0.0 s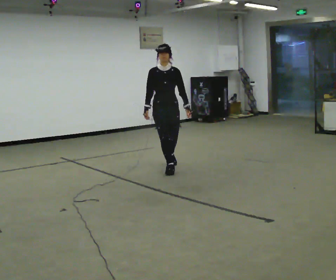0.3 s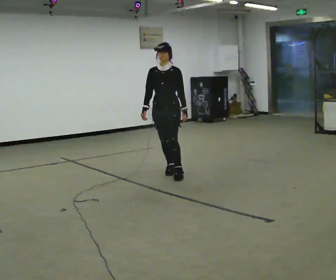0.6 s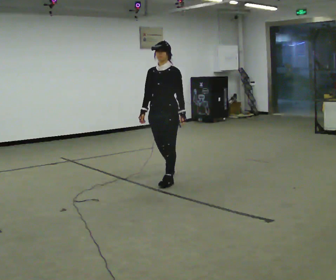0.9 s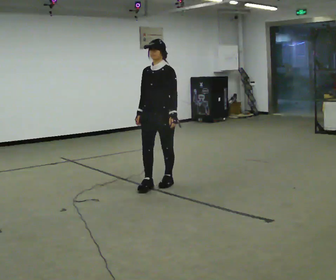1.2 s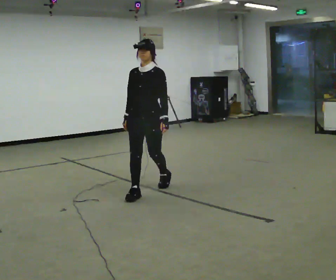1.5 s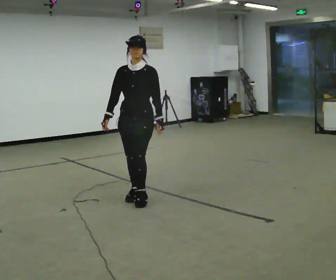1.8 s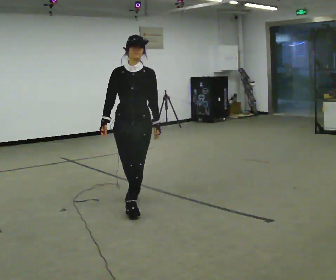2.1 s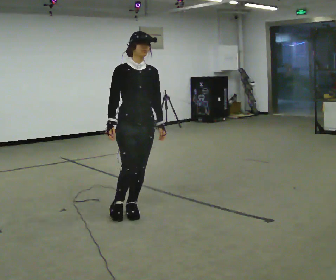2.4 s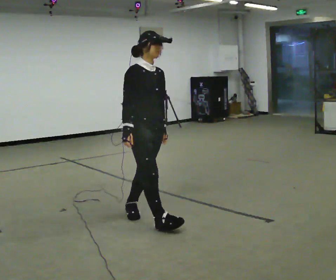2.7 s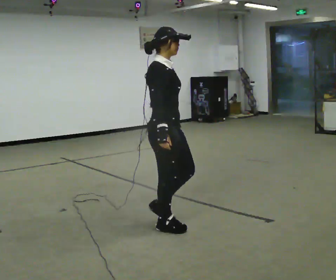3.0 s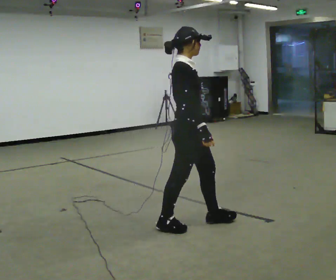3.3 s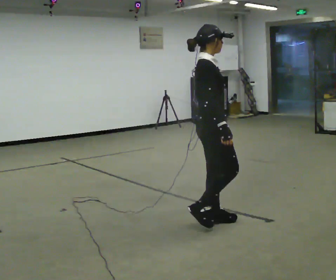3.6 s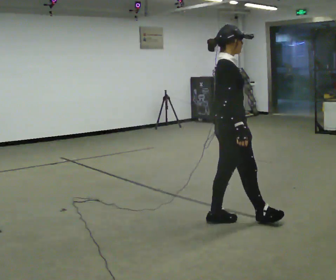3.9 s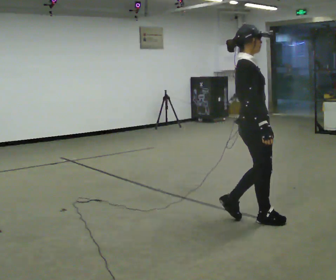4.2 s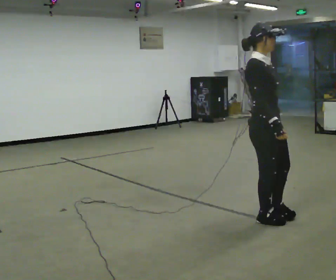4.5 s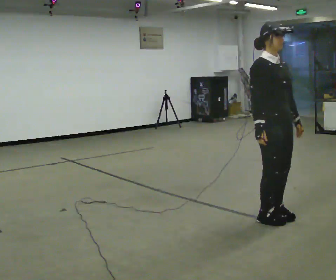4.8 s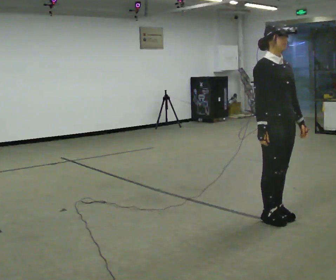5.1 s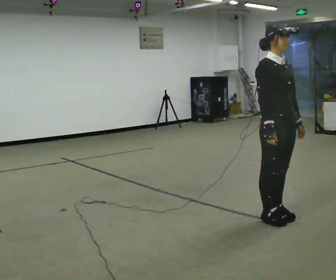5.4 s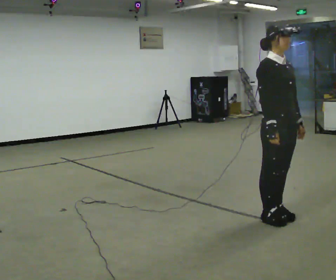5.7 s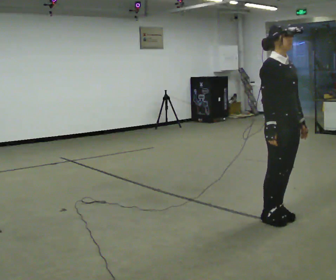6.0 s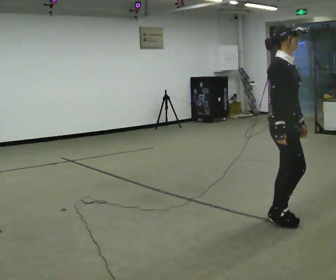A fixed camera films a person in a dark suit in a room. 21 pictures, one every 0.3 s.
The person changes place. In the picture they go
toward the camera.
0.0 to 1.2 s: The person turns about 30 degrees to their right, clockwise seen from above, so the part of the body nearest the lens slides to the left. In the picture they go toward the camera, about 1 m in 2 steps, which for them is forward.
1.2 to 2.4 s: Seen from above the body turns counterclockwise, about 75 degrees: to their left, with its near side sliding to the right. In the picture they go toward the camera, about 1 m in 1 step.
2.4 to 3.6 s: The person turns about 45 degrees to their left, counterclockwise seen from above, so the part of the body nearest the lens slides to the right. In the picture they go to the right, about 0.75 m in 2 steps, which for them is forward.
3.6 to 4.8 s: Seen from above the body turns clockwise, about 60 degrees: to their right, with its near side sliding to the left. In the picture they go to the right, about 0.5 m in 2 steps, which for them is forward and to their left.
4.8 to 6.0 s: The person moves a little, or ends about where they began.
The film runs forward here.
